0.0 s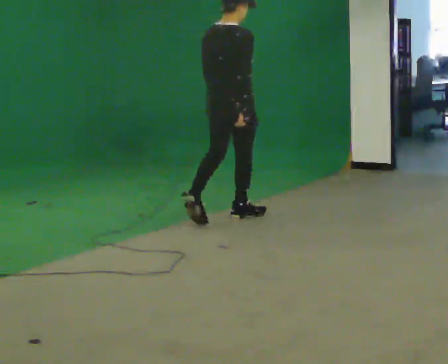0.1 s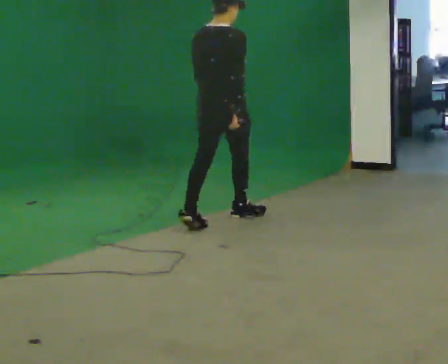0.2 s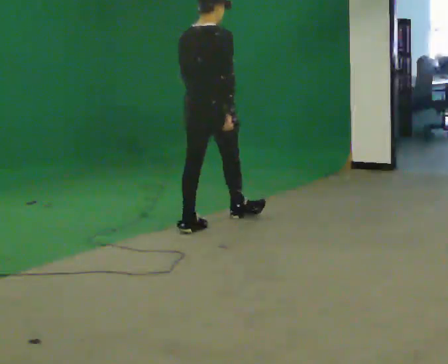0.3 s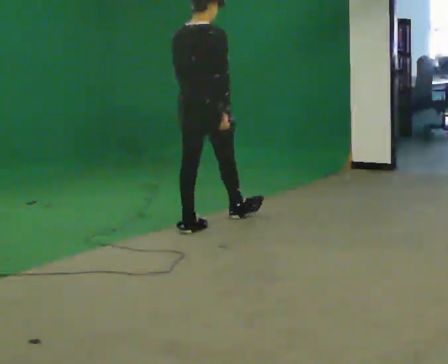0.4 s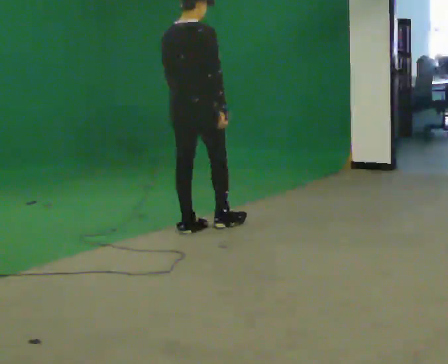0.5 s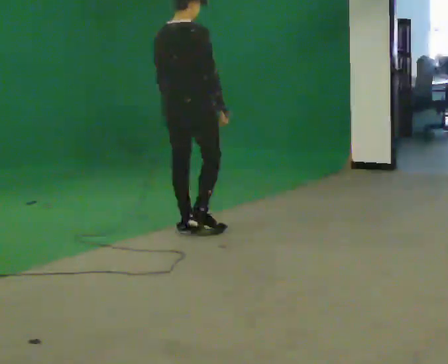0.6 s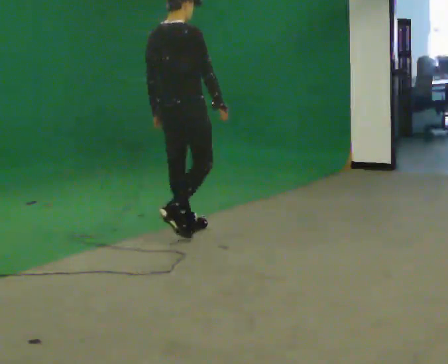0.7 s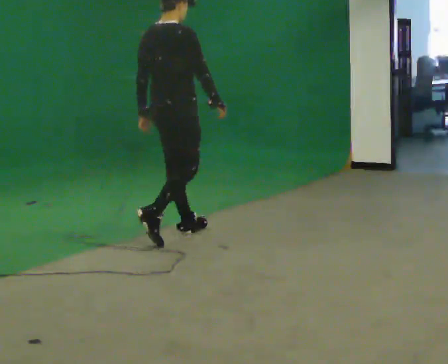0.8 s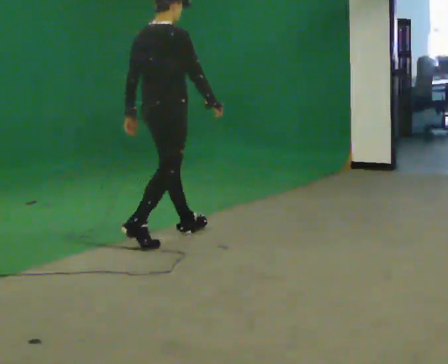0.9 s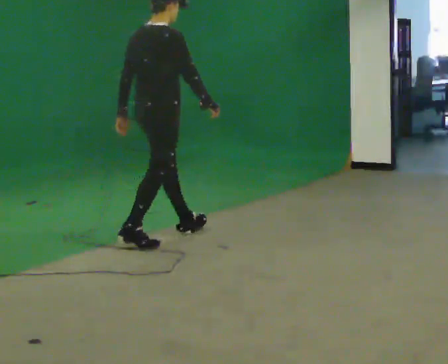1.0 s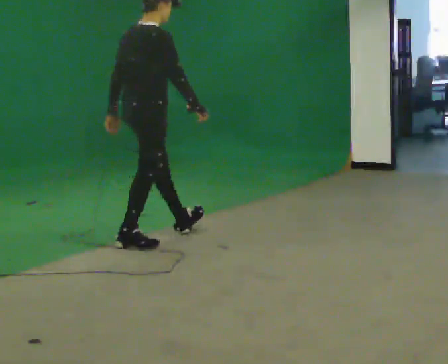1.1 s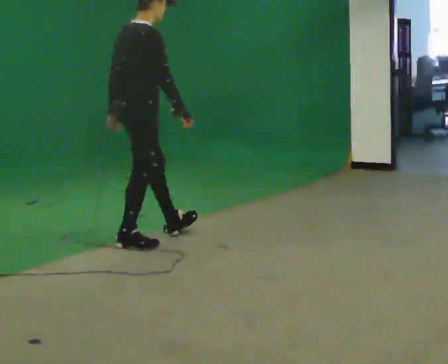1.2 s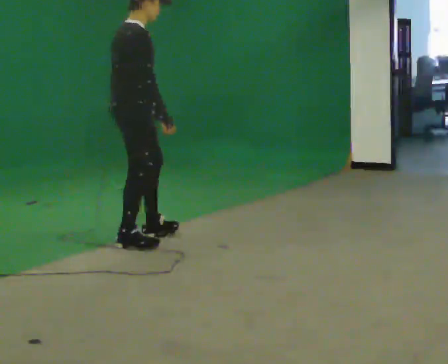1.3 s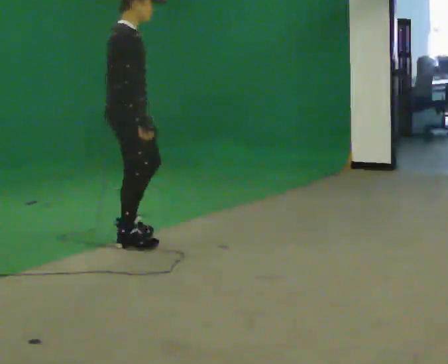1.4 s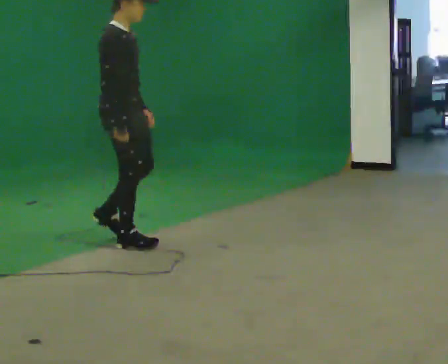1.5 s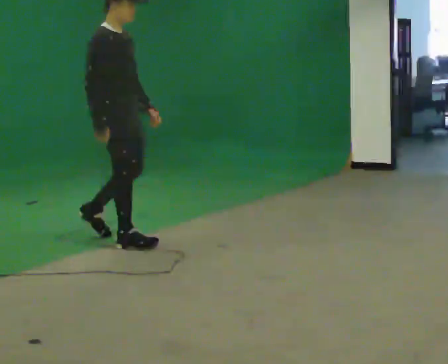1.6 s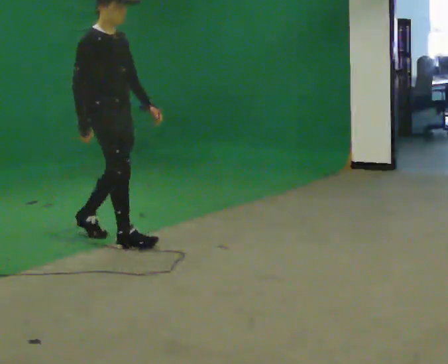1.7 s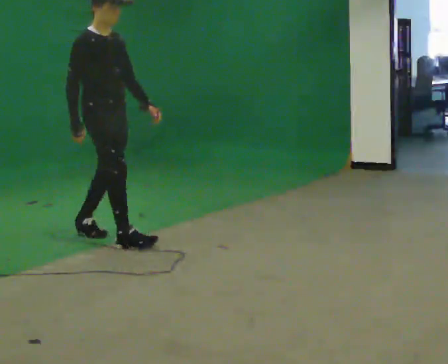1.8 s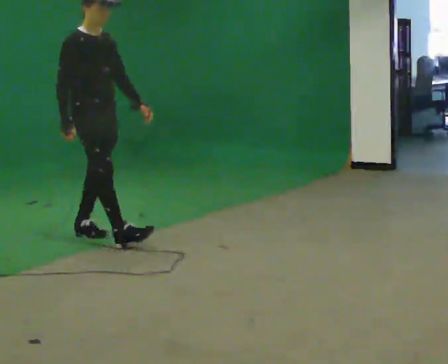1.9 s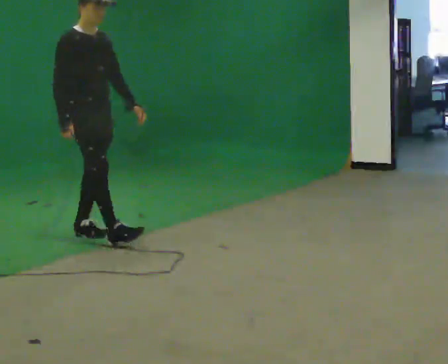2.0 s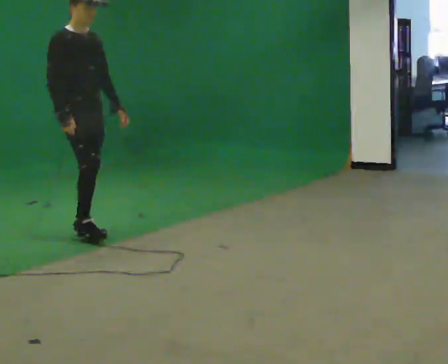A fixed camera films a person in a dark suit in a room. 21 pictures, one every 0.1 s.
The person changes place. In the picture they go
to the left.
The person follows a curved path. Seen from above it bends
clockwise.
0.0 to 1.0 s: In the picture they go to the left and toward the camera, about 1 m in 2 steps, which for them is backward.
1.0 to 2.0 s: The part of the body nearest the lens slides to the left as the person turns to their right by about 75 degrees. In the picture they go to the left and away from the camera, about 0.5 m in 1 step.
The film runs backward here.
